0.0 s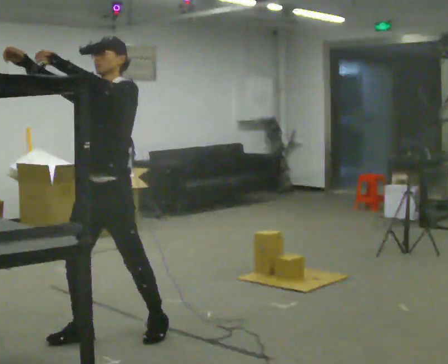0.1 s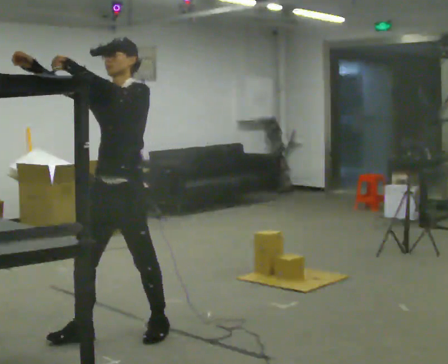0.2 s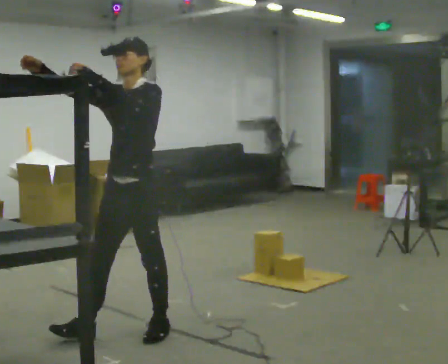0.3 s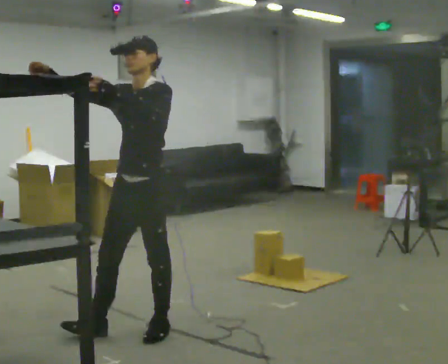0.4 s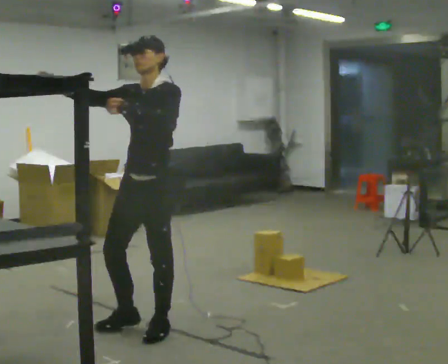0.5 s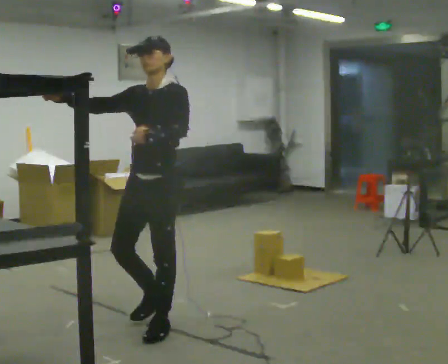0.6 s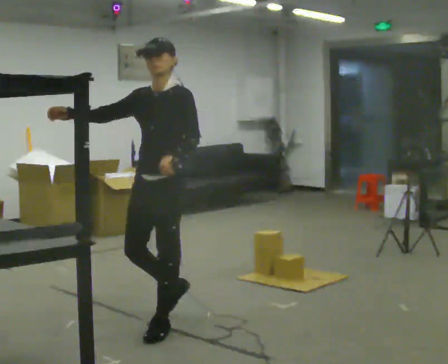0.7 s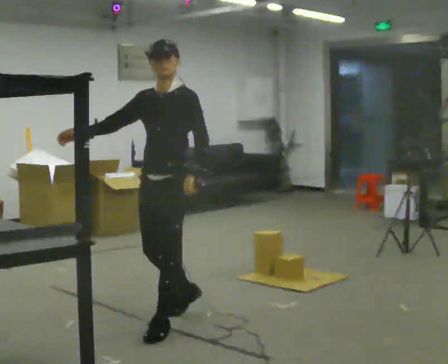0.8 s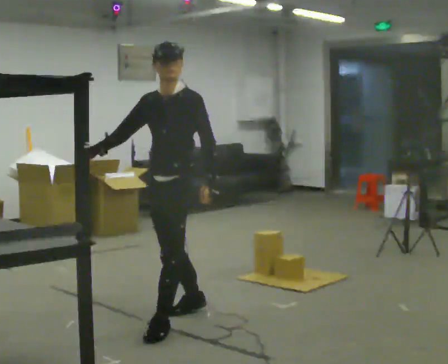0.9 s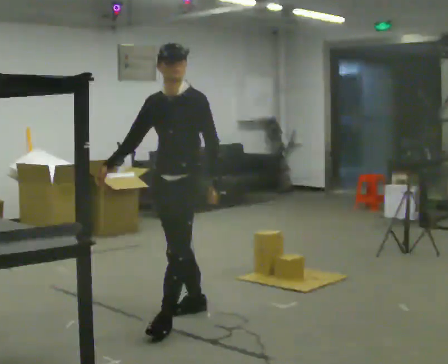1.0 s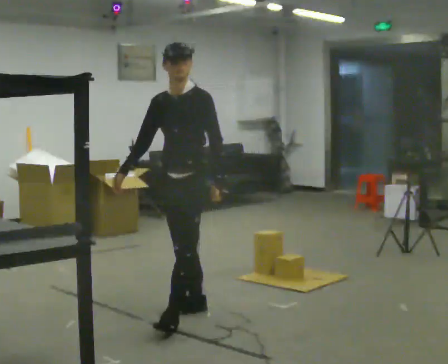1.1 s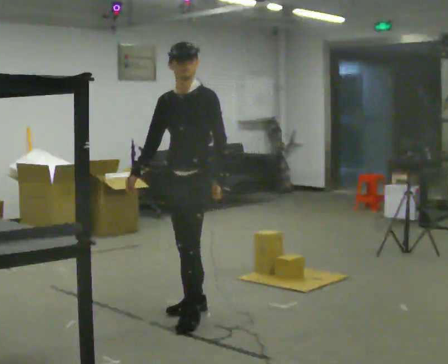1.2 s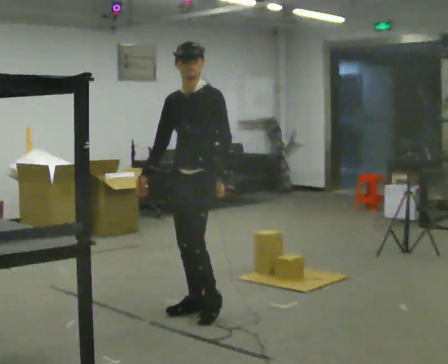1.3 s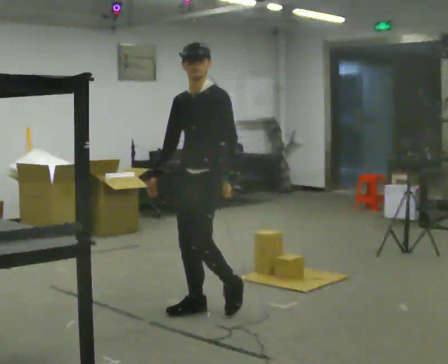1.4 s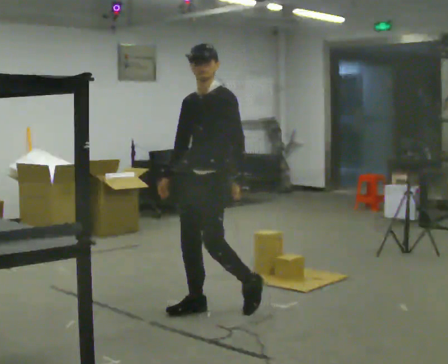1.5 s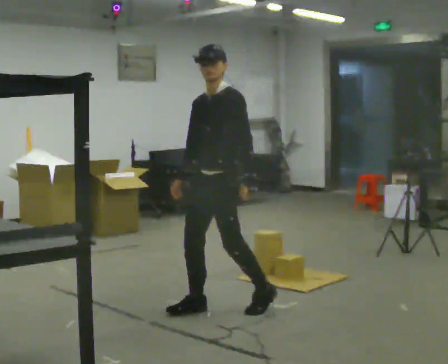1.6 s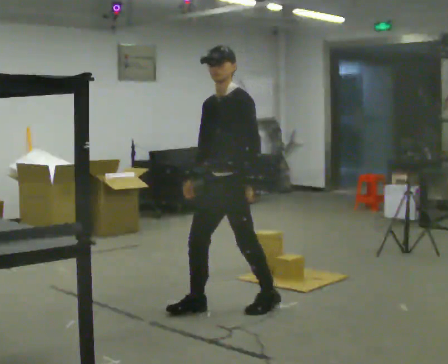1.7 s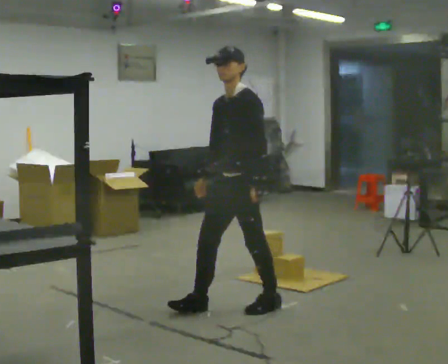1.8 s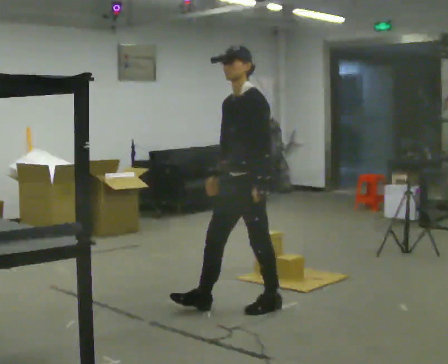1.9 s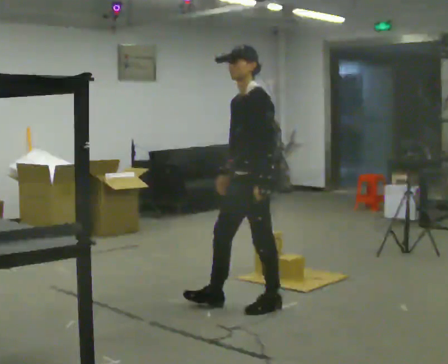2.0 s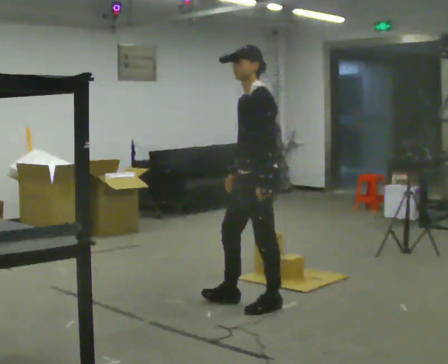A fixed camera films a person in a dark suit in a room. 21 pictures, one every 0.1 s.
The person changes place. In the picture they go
to the right.
Their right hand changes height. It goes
downward.
0.0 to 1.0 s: In the picture they go to the right and away from the camera, about 0.5 m in 2 steps, which for them is backward. In the picture their left hand goes downward.
1.0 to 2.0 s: The part of the body nearest the lens slides to the left as the person turns to their right by about 45 degrees. In the picture they go to the right, about 0.5 m in 1 step, which for them is backward and to their left.
The film runs backward here.
